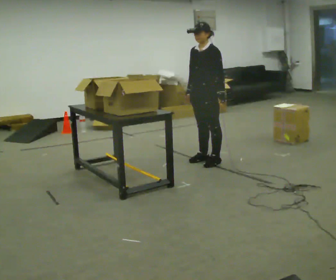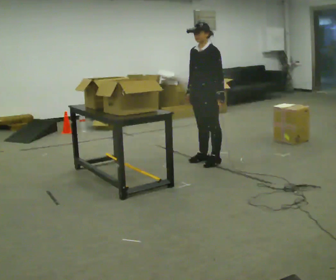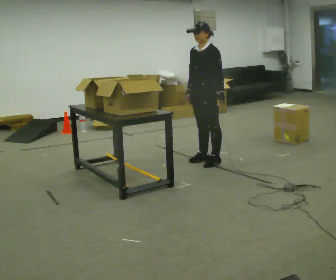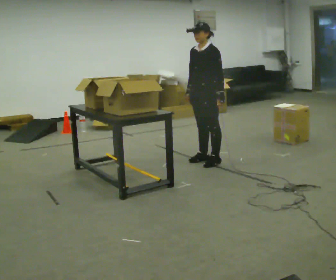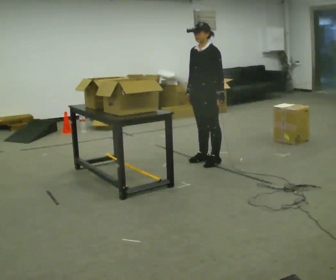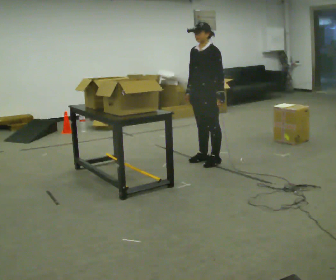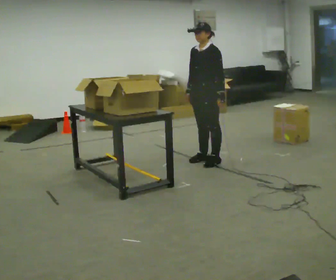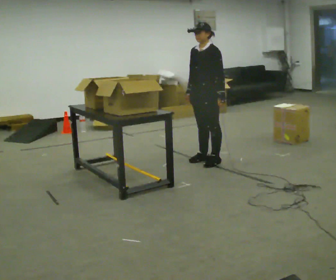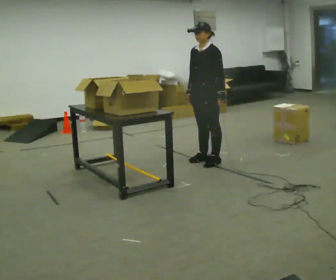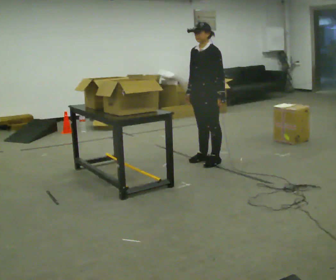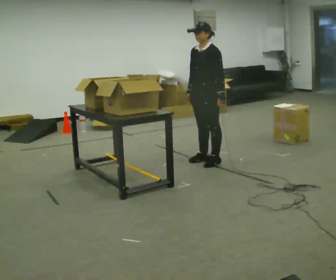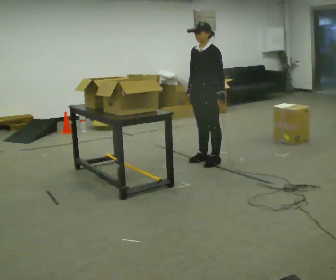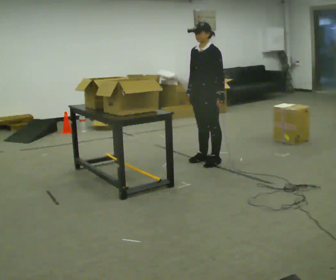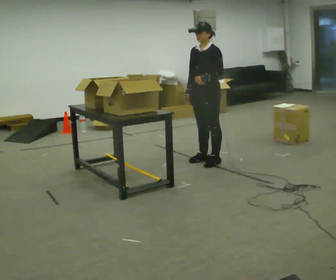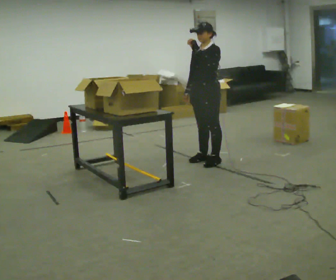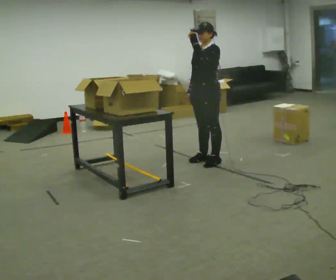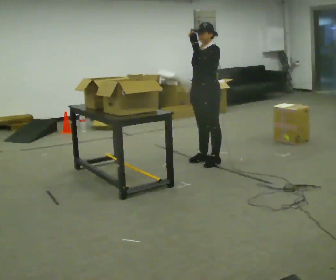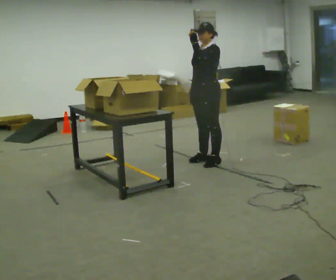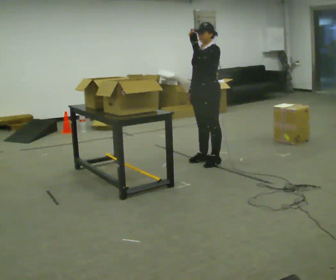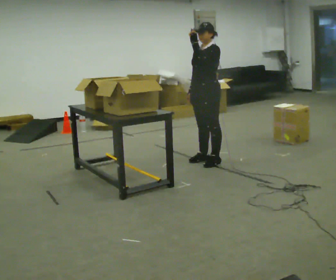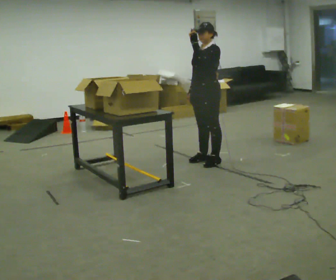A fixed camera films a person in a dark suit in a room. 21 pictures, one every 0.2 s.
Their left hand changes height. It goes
upward.
0.0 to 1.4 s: The person keeps their place and pose.
1.4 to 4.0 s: In the picture their left hand goes upward.
The film runs forward here.
